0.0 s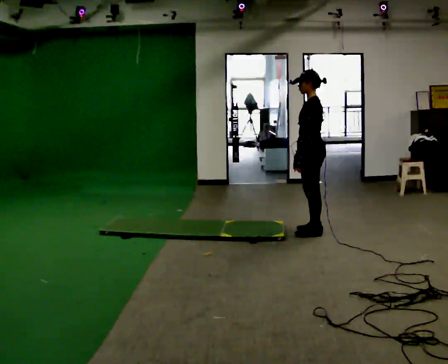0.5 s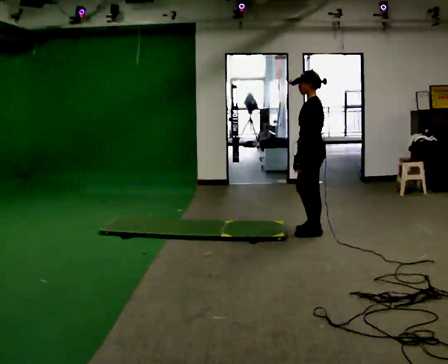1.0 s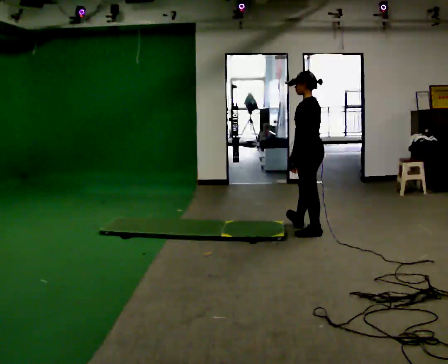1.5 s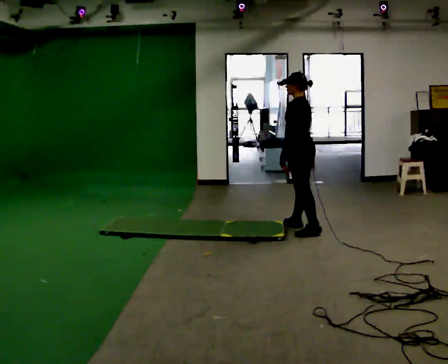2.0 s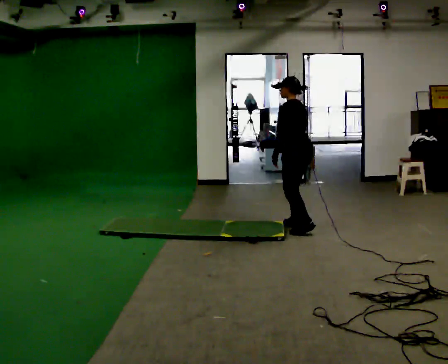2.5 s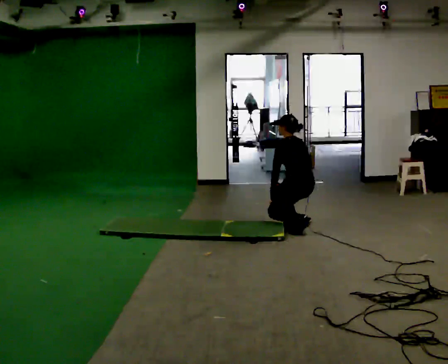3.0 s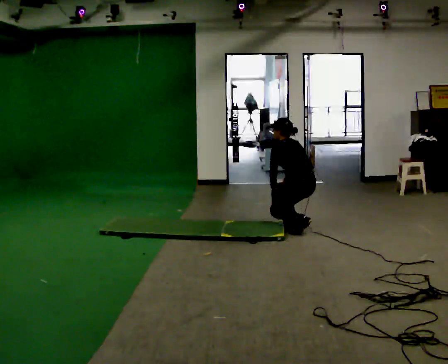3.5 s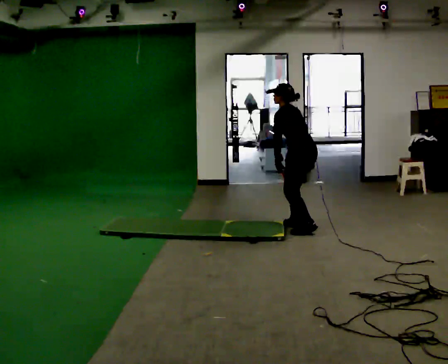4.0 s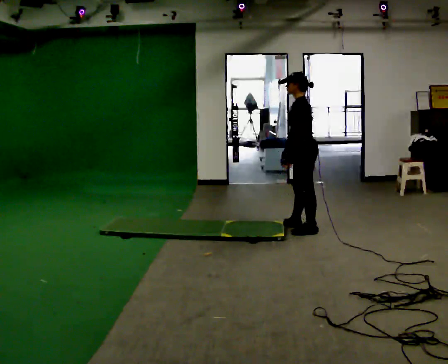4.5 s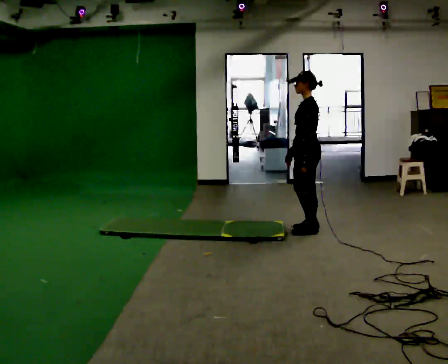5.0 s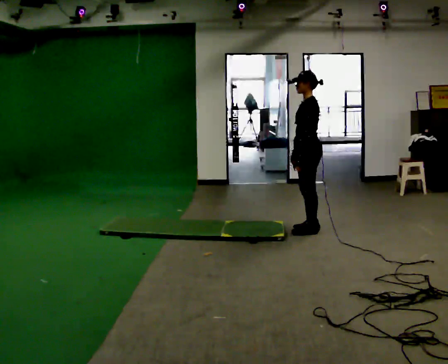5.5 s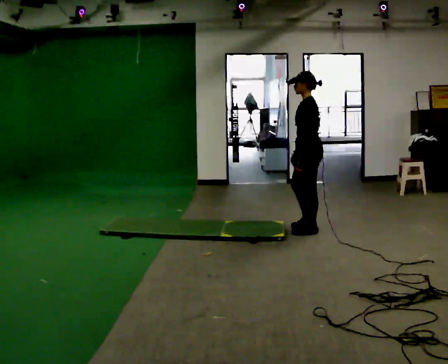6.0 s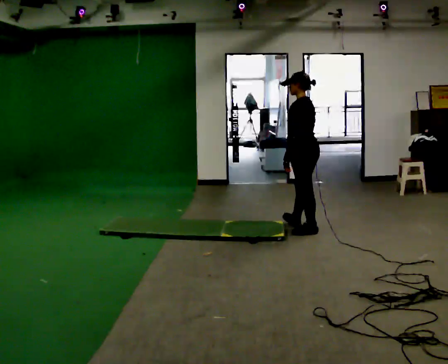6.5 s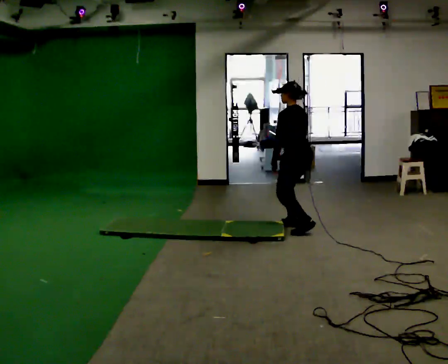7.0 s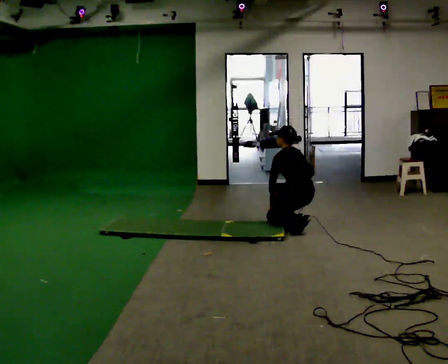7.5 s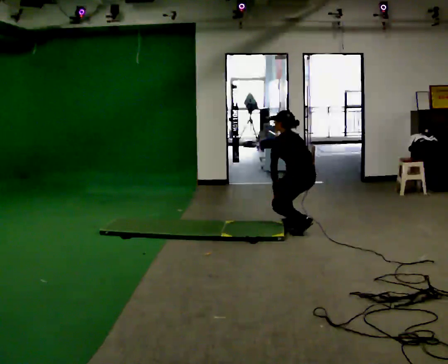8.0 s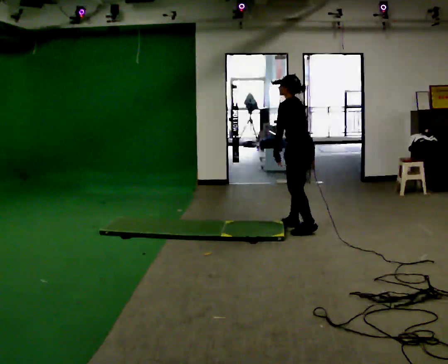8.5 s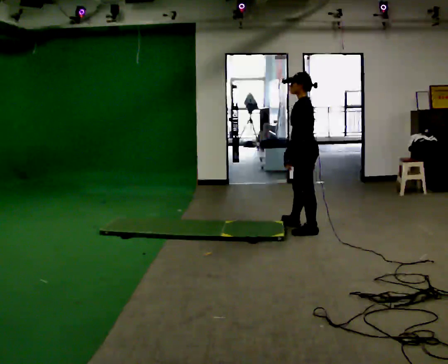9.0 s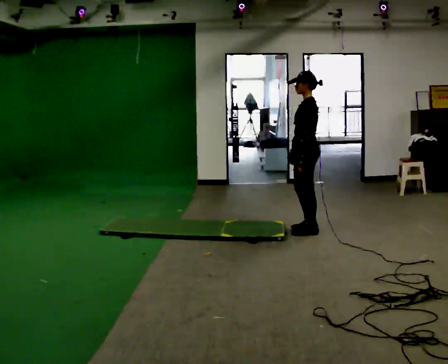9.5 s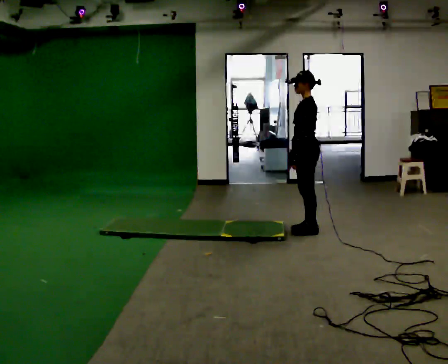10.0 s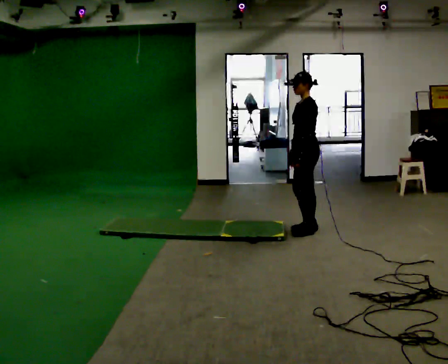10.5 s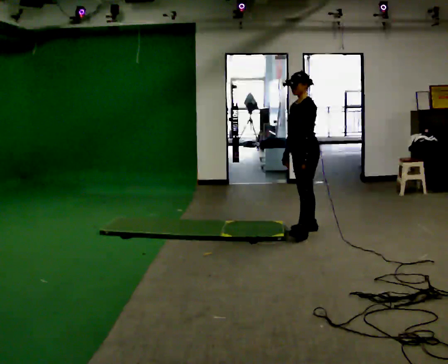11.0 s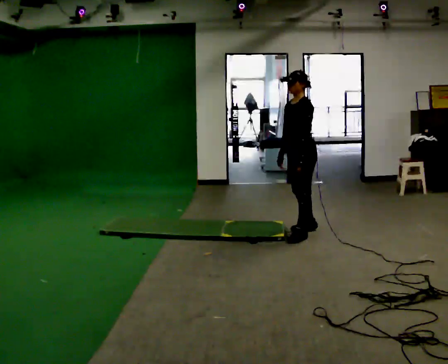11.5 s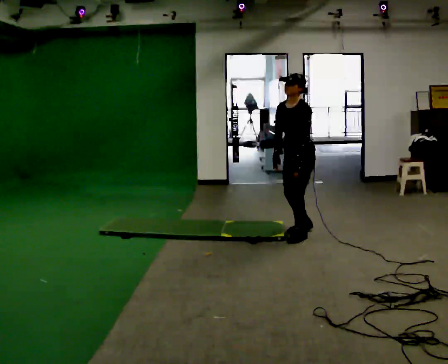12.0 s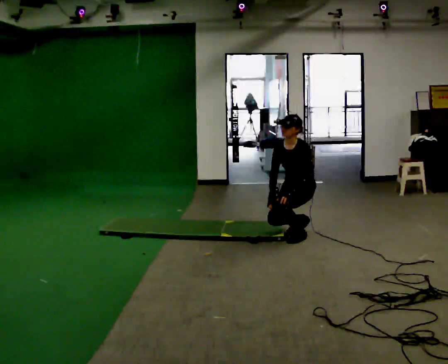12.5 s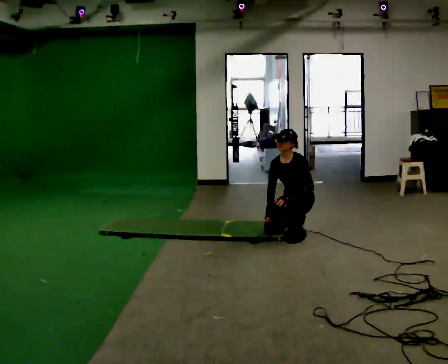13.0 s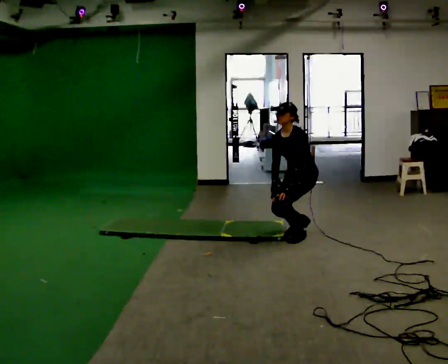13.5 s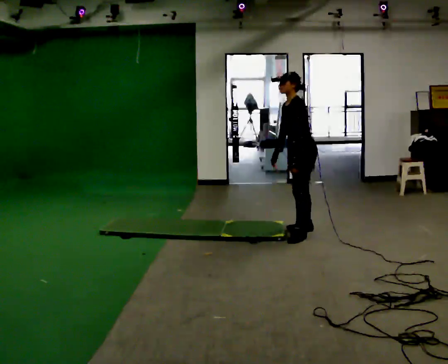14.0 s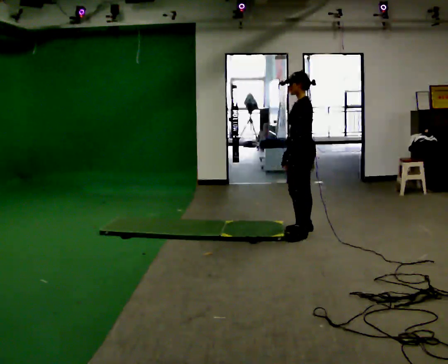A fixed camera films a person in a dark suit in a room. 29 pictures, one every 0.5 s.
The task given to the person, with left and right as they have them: From standing, kneel onto the knee the operator calls, hold briefly, then stand back up. Repeat the movement at your own pace until the operator says stop; do not rush.
0.0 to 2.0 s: The person turns about 30 degrees to their right, clockwise seen from above, so the part of the body nearest the lens slides to the left. In the picture they go away from the camera and to the left, about 0.25 m in 1 step, which for them is forward and to their right.
2.0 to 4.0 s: Seen from above the body turns counterclockwise, about 30 degrees: to their left, with its near side sliding to the right.
4.0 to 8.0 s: The person moves a little, or ends about where they began.
8.0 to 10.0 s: Seen from above the body turns counterclockwise, about 30 degrees: to their left, with its near side sliding to the right.
10.0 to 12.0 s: Seen from above the body turns counterclockwise, about 45 degrees: to their left, with its near side sliding to the right. The upper body goes downward. The upper body tips toward the camera, its near side rolling downward, as they bend forward. In the picture their right hand goes downward.
12.0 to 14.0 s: Seen from above the body turns clockwise, about 45 degrees: to their right, with its near side sliding to the left. In the picture their right hand goes upward.
The film runs forward here.
